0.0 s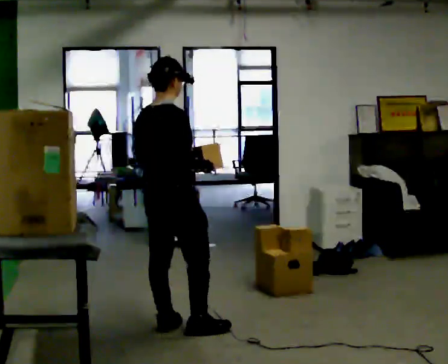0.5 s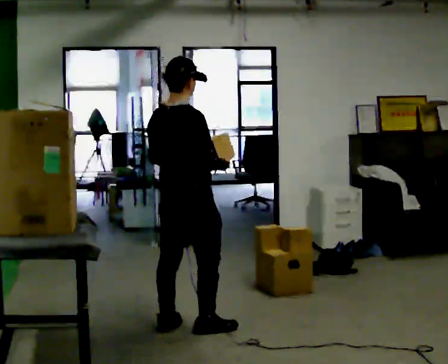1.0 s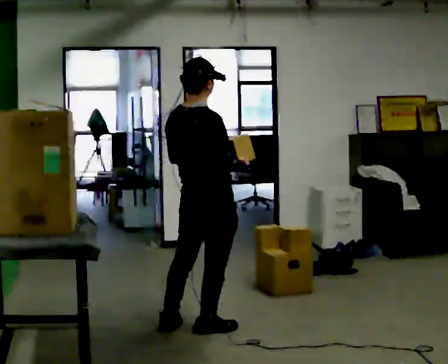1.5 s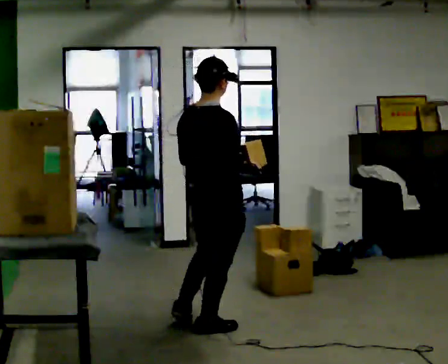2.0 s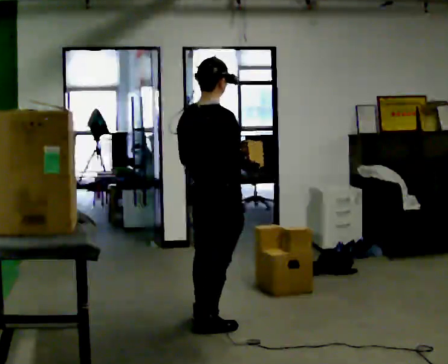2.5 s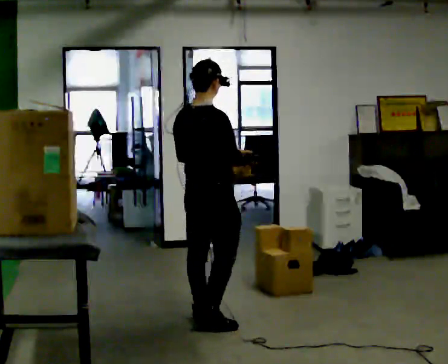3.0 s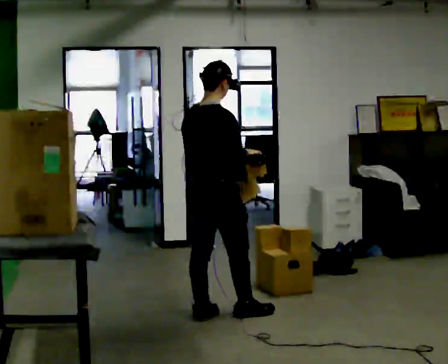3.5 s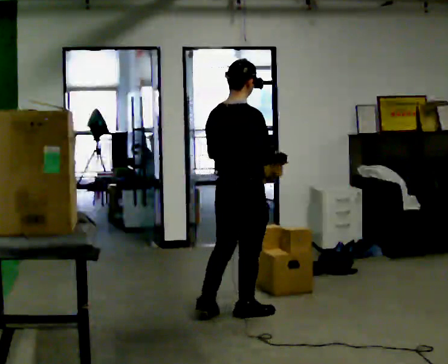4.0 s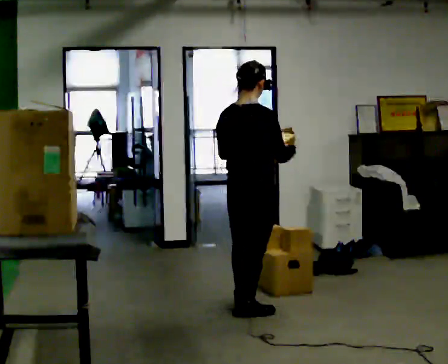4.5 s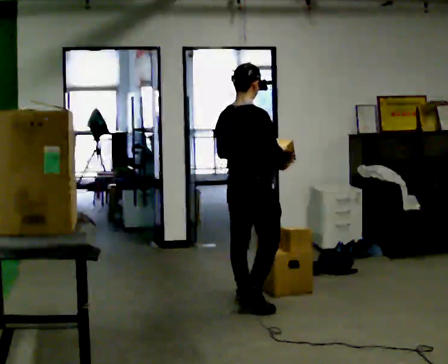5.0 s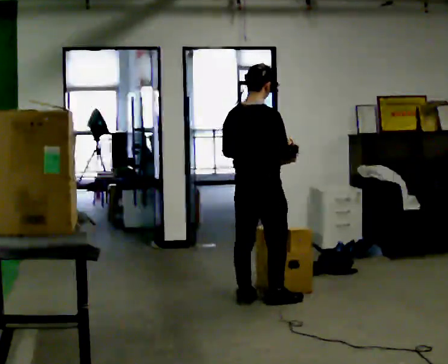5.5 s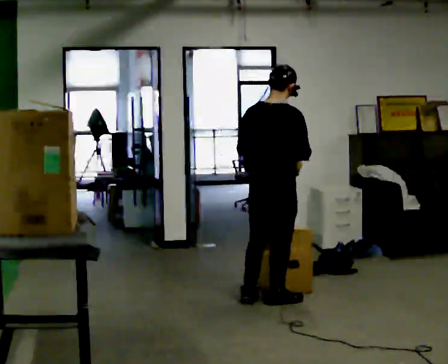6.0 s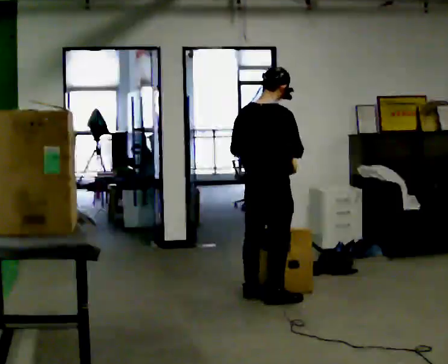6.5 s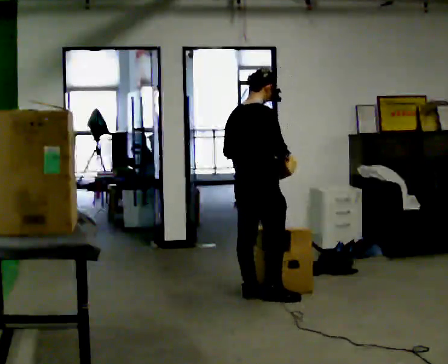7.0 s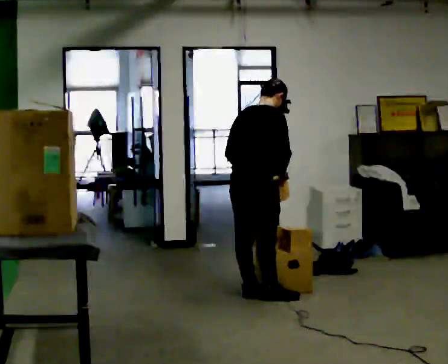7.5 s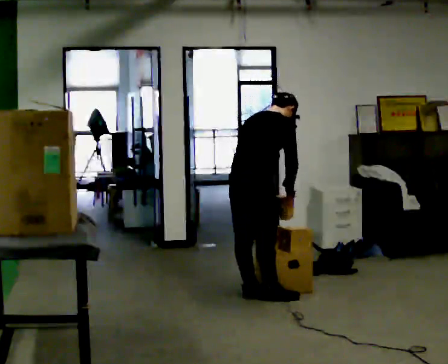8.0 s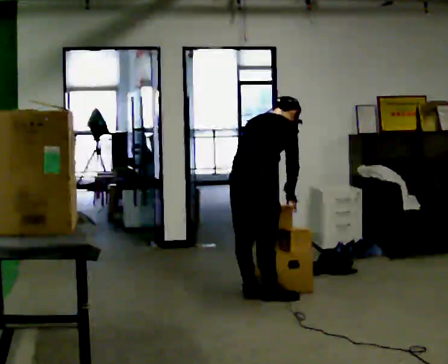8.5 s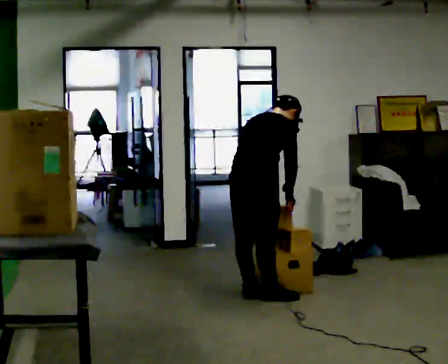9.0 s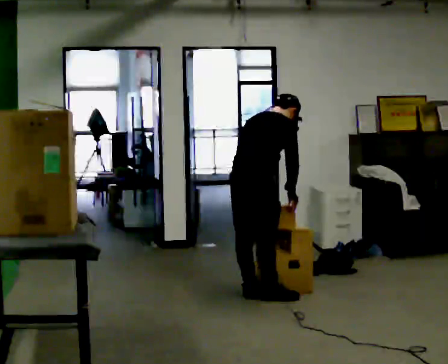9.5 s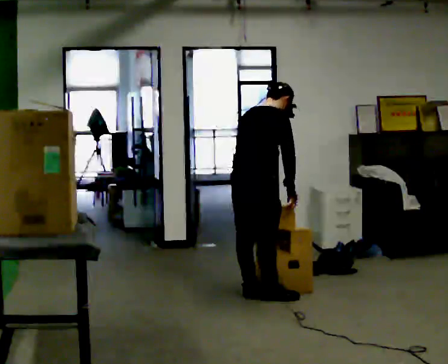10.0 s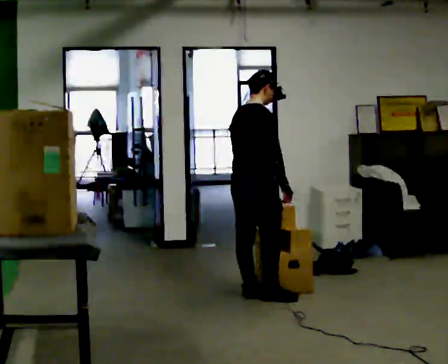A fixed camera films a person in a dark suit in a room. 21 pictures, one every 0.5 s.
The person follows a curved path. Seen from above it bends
counterclockwise.
0.0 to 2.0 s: In the picture they go to the right, about 0.25 m in 2 steps, which for them is forward and to their right.
2.0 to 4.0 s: In the picture they go away from the camera and to the right, about 0.5 m in 1 step, which for them is forward.
4.0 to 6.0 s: In the picture they go away from the camera, about 0.25 m in 3 steps, which for them is forward.
6.0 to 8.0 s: The upper body tips away from the camera, its near side rolling upward, as they bend forward. In the picture their right hand goes downward.
8.0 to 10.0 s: In the picture the upper body tilts counterclockwise, shoulders to the left, as they lean back or straighten.
The film runs forward here.
